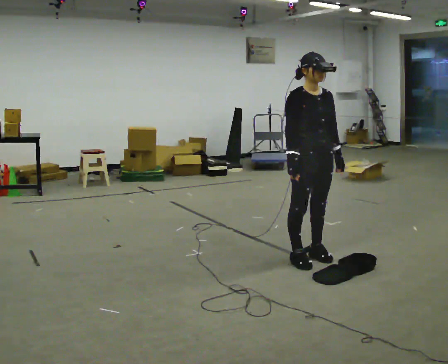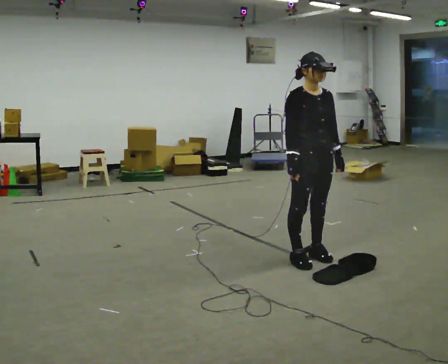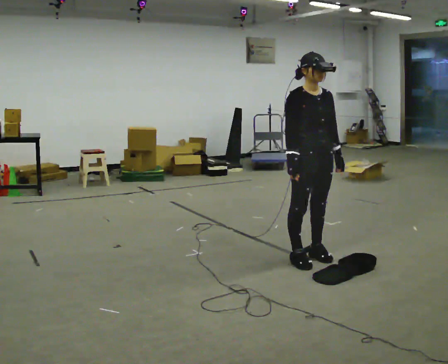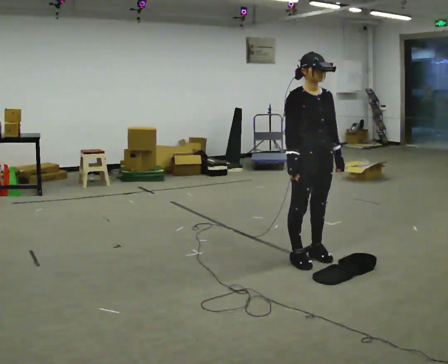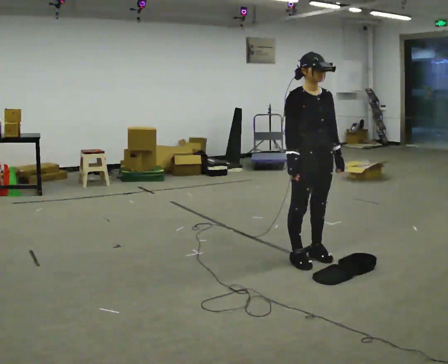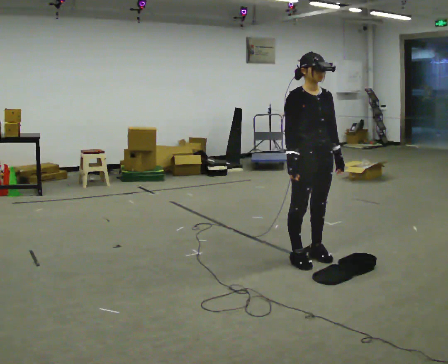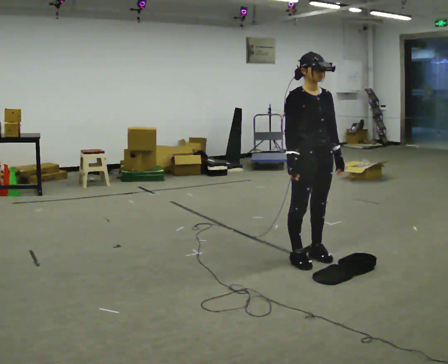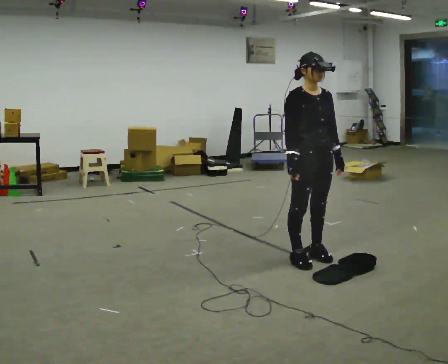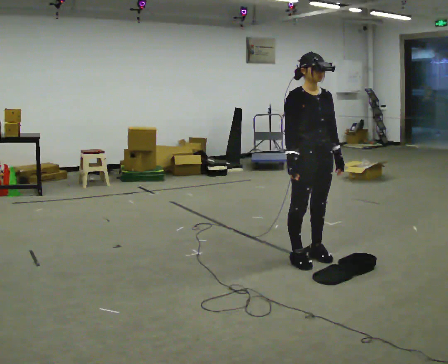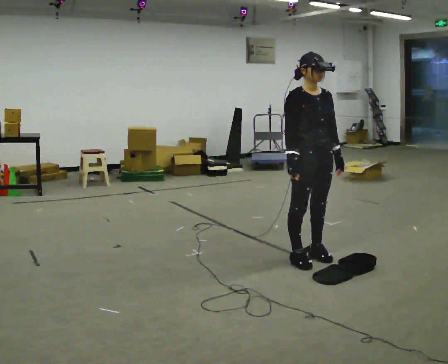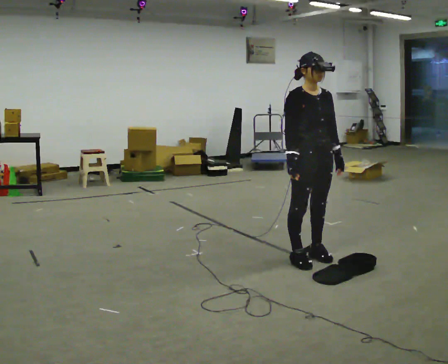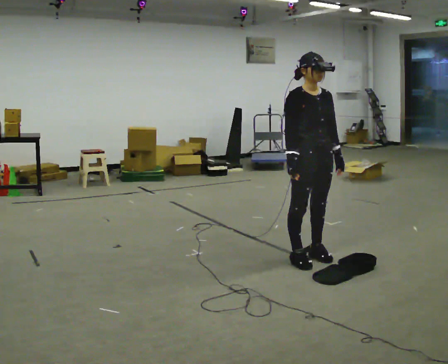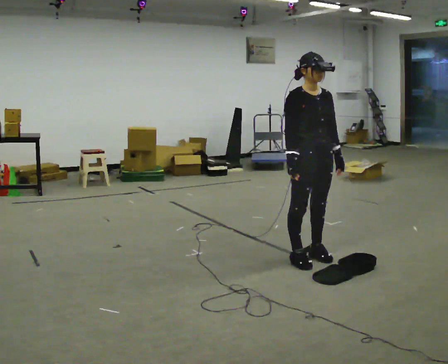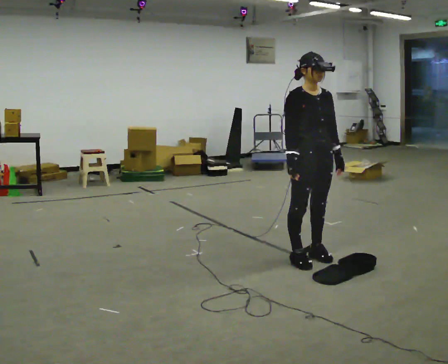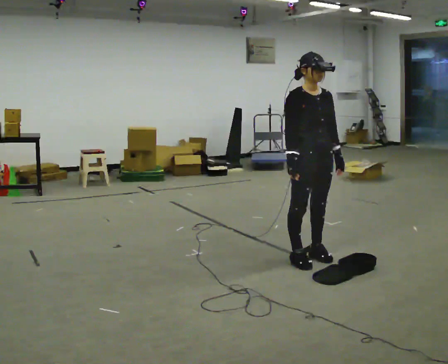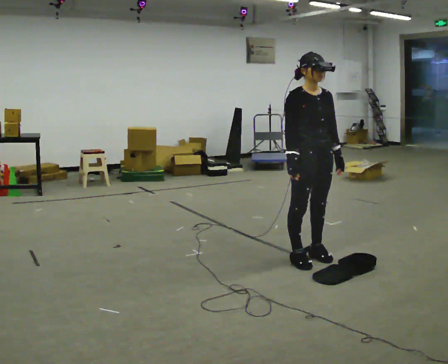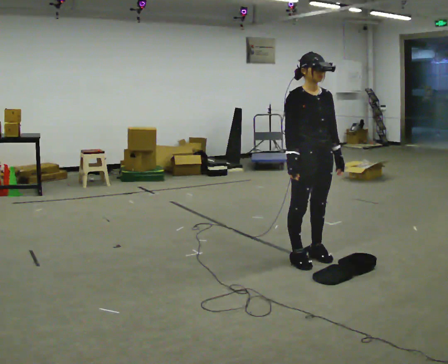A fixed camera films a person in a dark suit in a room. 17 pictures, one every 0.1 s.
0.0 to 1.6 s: The person keeps their place and pose.
The film runs backward here.
